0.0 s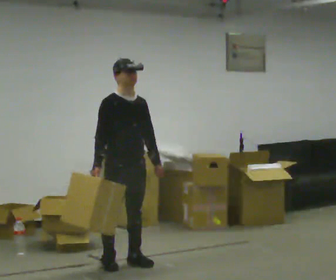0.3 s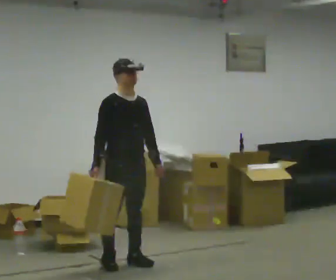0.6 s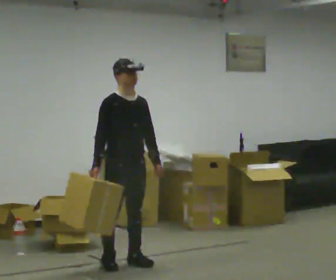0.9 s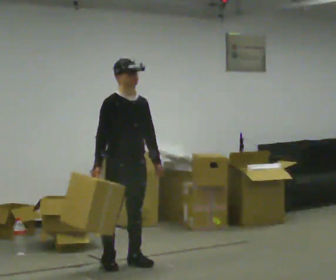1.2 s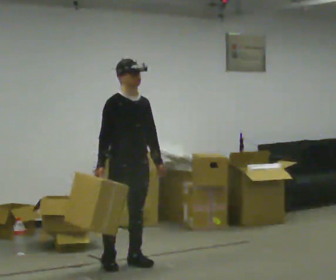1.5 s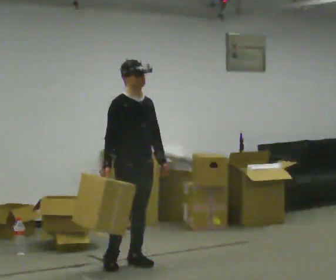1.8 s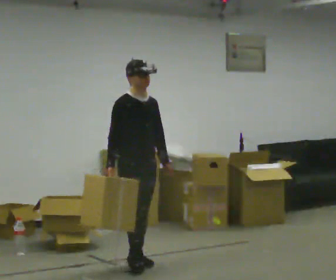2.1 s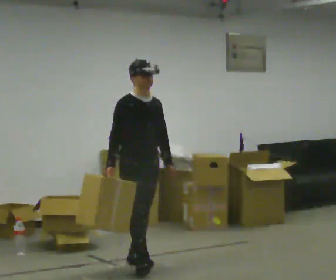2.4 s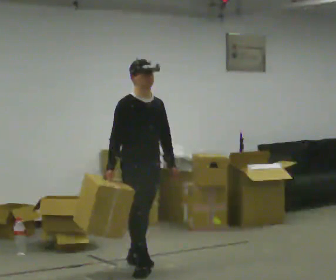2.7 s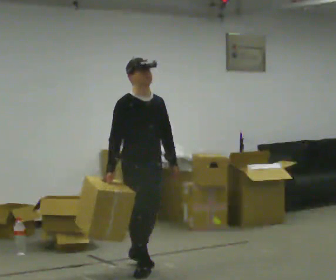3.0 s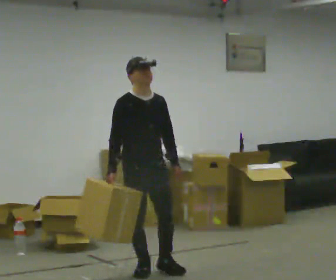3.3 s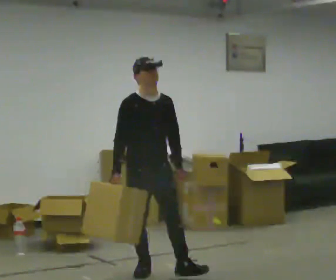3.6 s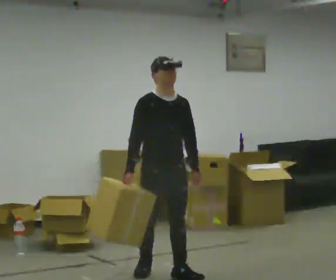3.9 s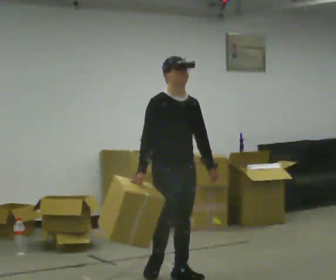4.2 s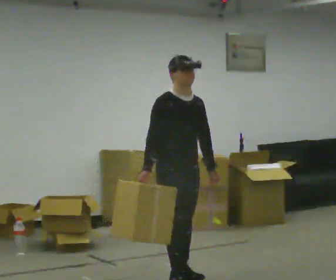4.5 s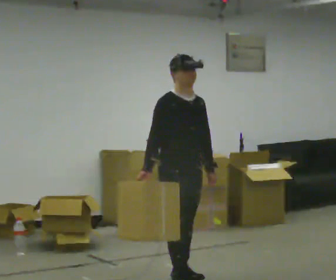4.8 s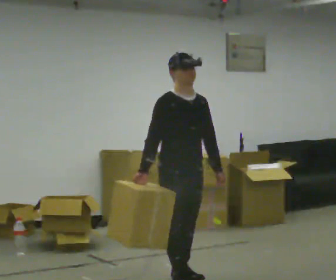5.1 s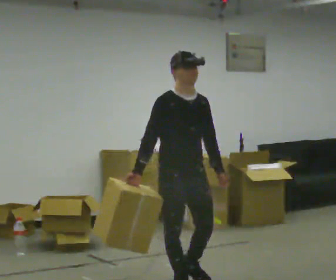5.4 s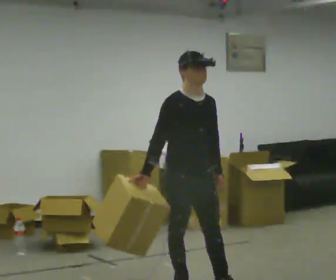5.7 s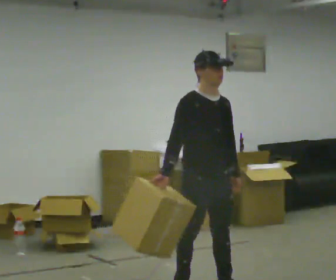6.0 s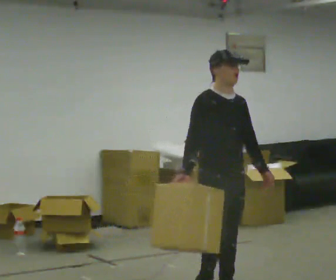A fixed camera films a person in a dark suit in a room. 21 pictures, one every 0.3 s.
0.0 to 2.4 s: The person moves a little, or ends about where they began.
2.4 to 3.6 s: In the picture they go toward the camera and to the right, about 0.25 m in 1 step, which for them is forward.
3.6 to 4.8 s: In the picture they go toward the camera, about 0.25 m in 1 step, which for them is forward.
4.8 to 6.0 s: In the picture they go toward the camera and to the right, about 0.5 m in 1 step, which for them is forward.
The film runs forward here.
